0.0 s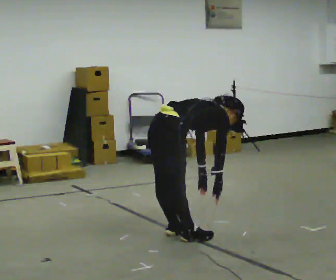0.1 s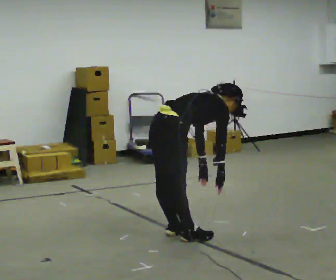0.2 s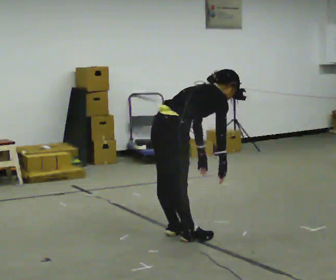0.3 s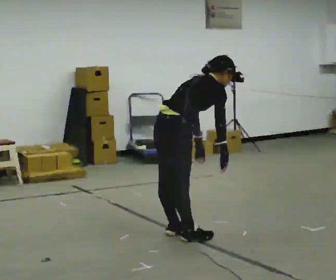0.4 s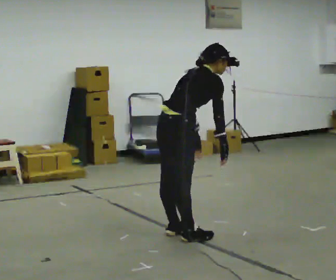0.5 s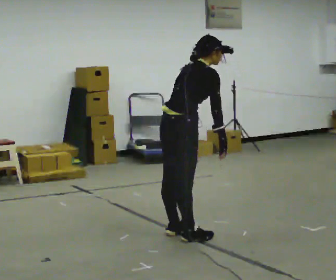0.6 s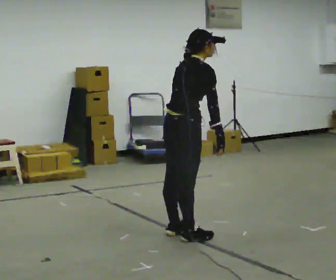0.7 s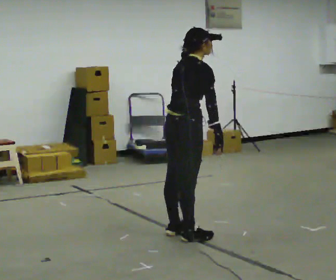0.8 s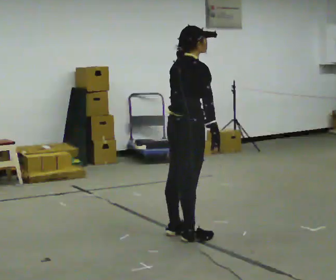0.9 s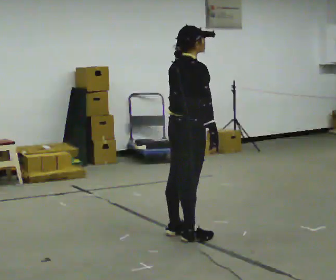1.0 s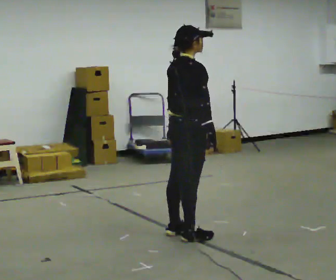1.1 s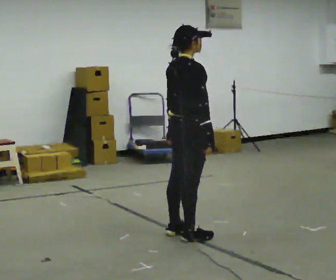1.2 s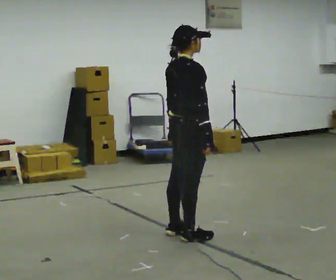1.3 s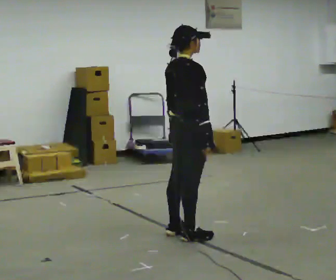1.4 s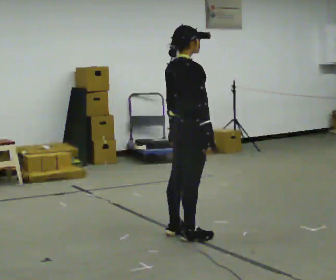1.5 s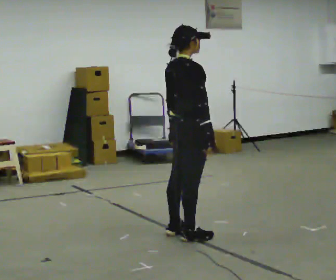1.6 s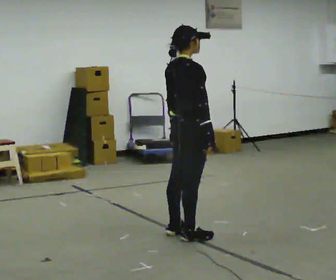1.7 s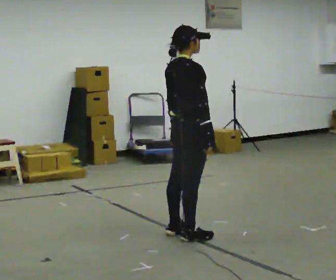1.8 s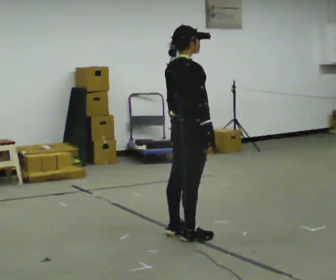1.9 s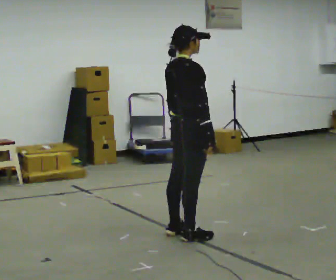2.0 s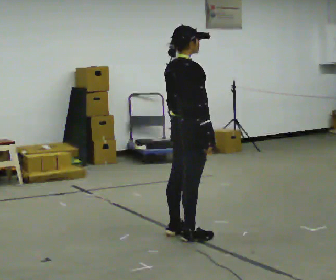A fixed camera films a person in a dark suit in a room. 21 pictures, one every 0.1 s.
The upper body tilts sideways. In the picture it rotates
counterclockwise.
The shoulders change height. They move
upward.
0.0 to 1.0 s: The upper body goes upward. In the picture the upper body tilts counterclockwise, shoulders to the left, as they lean back or straighten. In the picture their right hand goes upward.
1.0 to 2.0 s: The person keeps their place and pose.
The film runs forward here.
